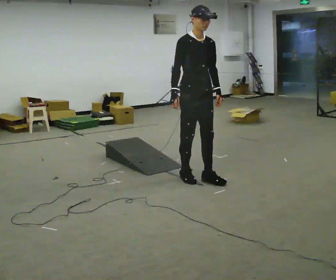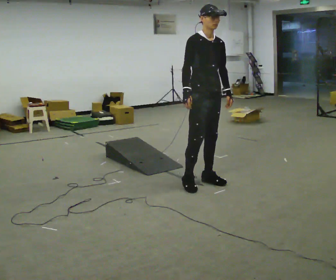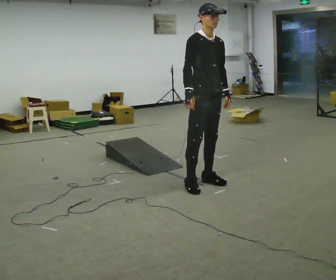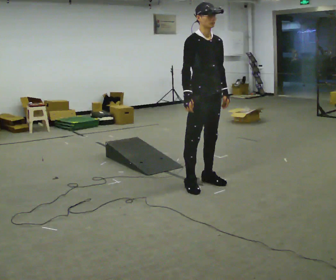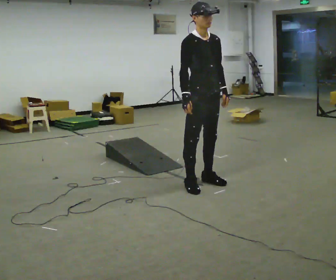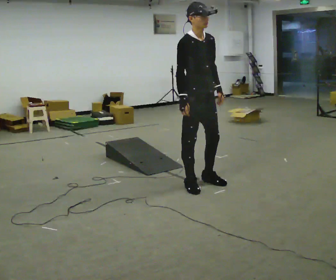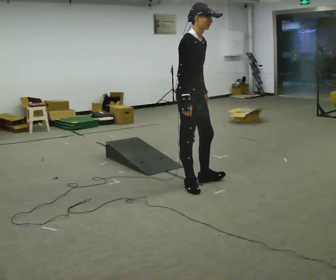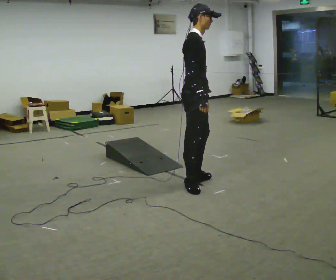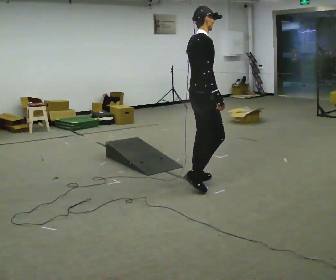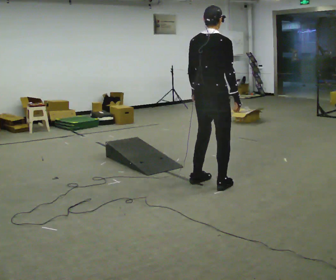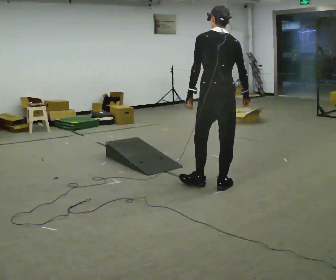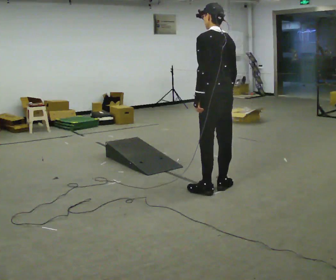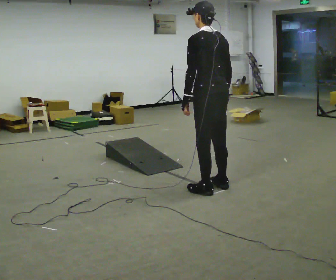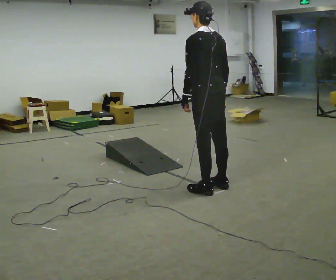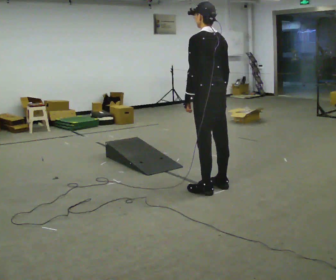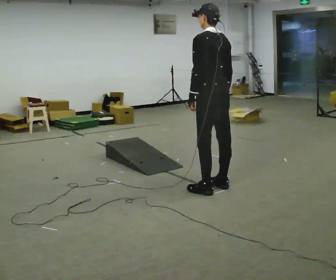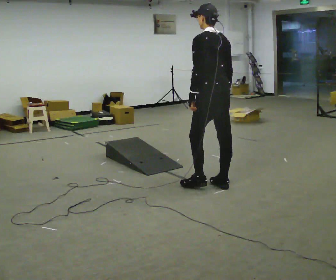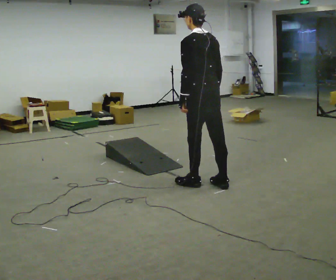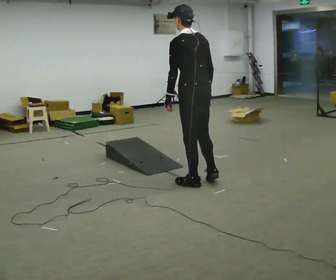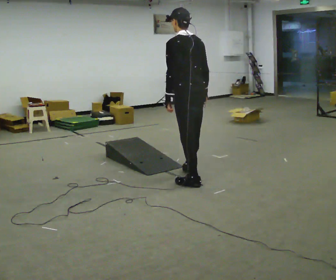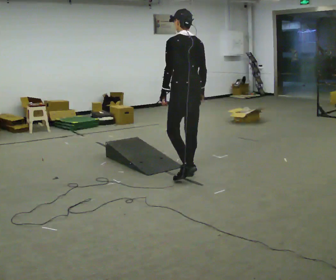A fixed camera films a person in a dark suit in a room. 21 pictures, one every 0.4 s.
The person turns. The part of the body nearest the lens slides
to the right.
The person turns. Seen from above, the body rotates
counterclockwise.
0.0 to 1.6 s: In the picture they go toward the camera, about 0.25 m in 1 step, which for them is forward.
1.6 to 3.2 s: The part of the body nearest the lens slides to the right as the person turns to their left by about 60 degrees.
3.2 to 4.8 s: The person turns about 105 degrees to their left, counterclockwise seen from above, so the part of the body nearest the lens slides to the right. In the picture they go to the right and toward the camera, about 0.25 m in 2 steps. In the picture the upper body tilts counterclockwise, shoulders to the left.
4.8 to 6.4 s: In the picture they go away from the camera, about 0.25 m, which for them is to their right.
6.4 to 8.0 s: In the picture they go to the left and away from the camera, about 0.5 m in 2 steps, which for them is forward.
The film runs forward here.
